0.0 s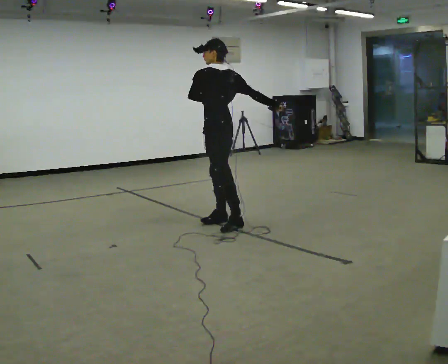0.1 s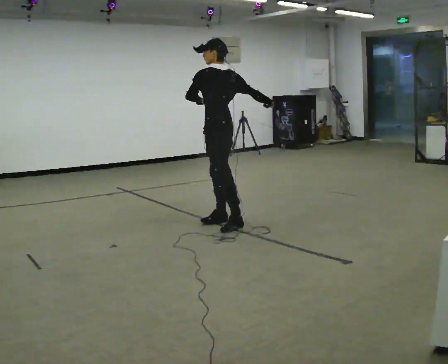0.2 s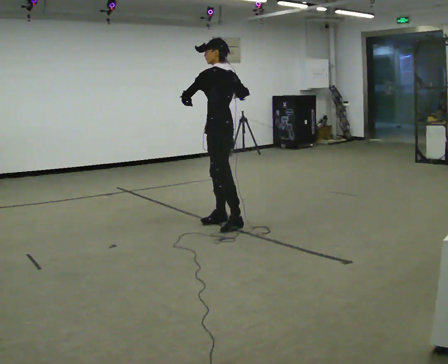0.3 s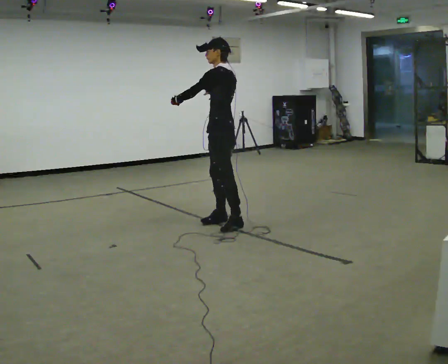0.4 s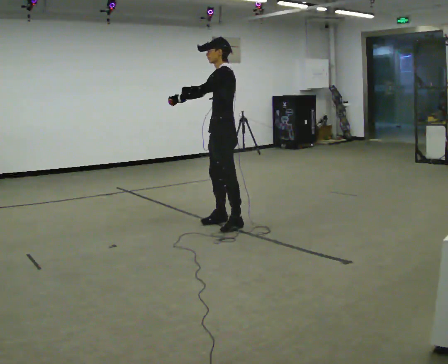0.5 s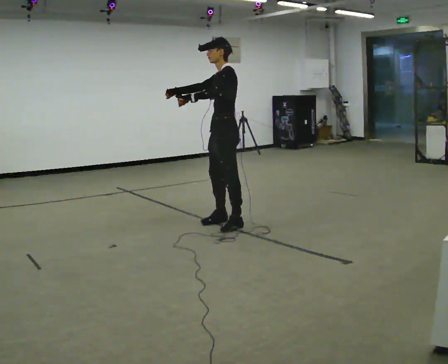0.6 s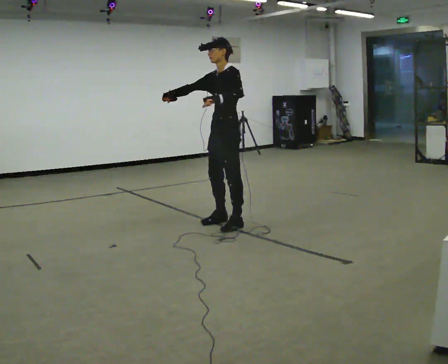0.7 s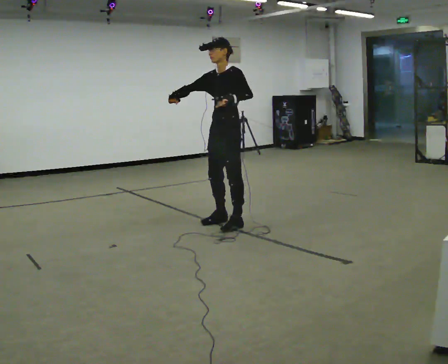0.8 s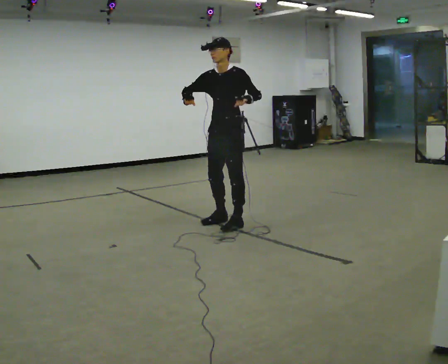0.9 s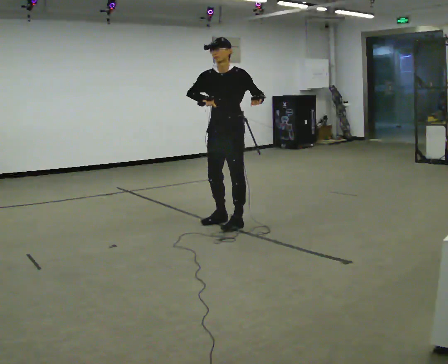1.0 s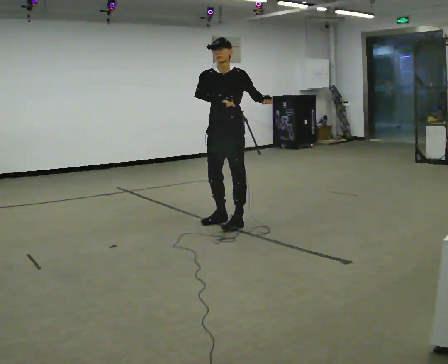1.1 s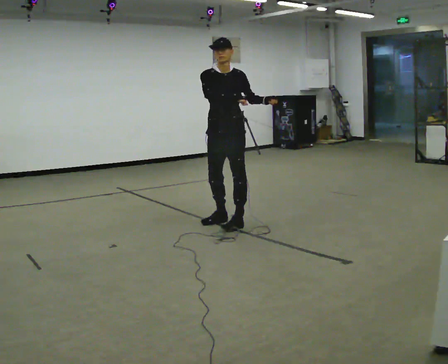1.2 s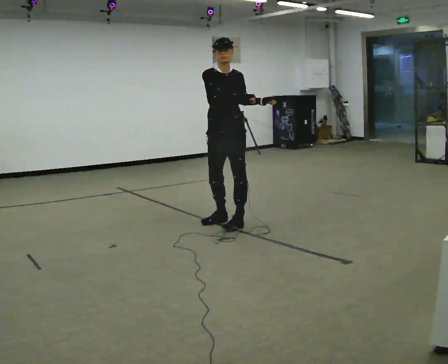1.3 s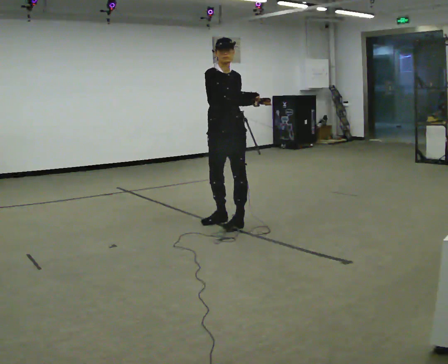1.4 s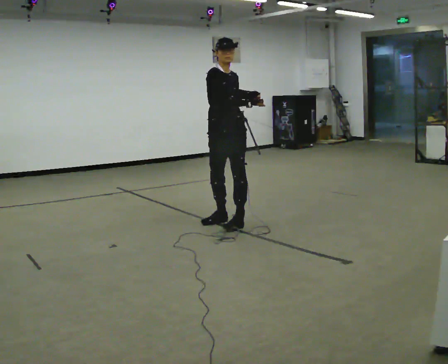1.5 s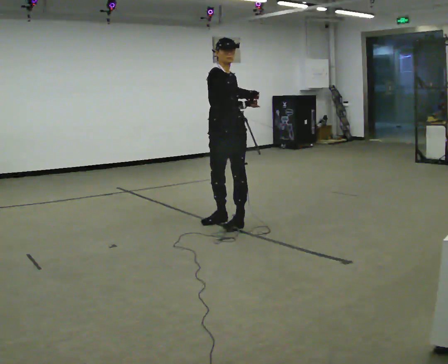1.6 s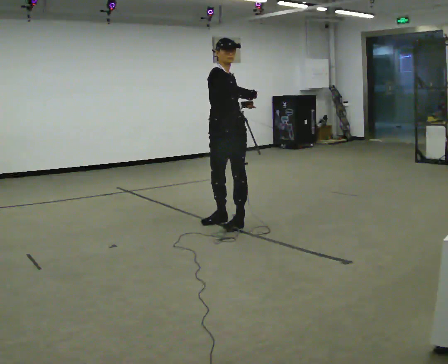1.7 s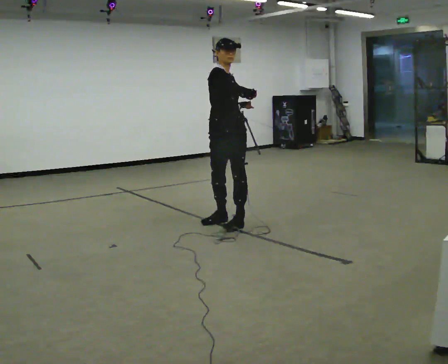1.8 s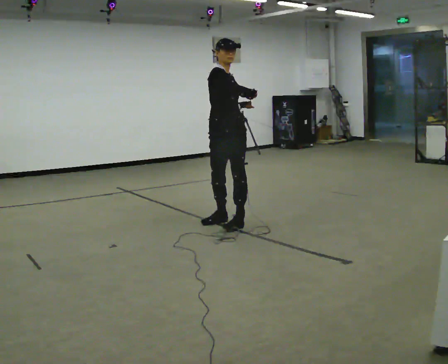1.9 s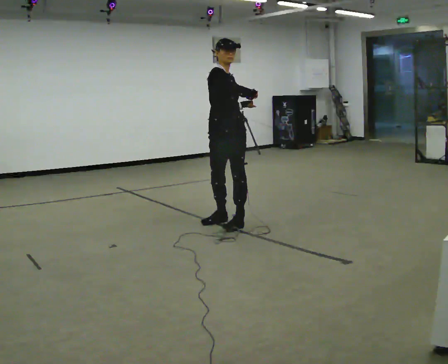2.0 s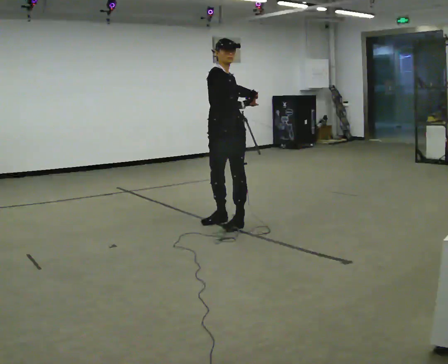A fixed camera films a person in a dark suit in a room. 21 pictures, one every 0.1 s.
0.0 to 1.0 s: Seen from above the body turns counterclockwise, about 105 degrees: to their left, with its near side sliding to the right. In the picture their right hand goes to the left.
1.0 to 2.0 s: The person turns about 45 degrees to their left, counterclockwise seen from above, so the part of the body nearest the lens slides to the right.
The film runs backward here.
